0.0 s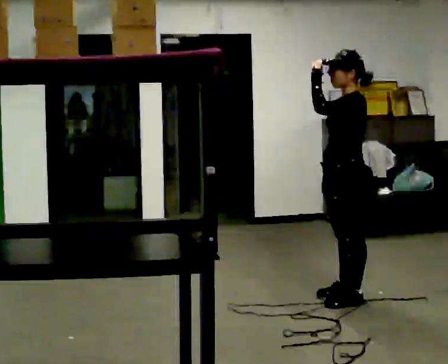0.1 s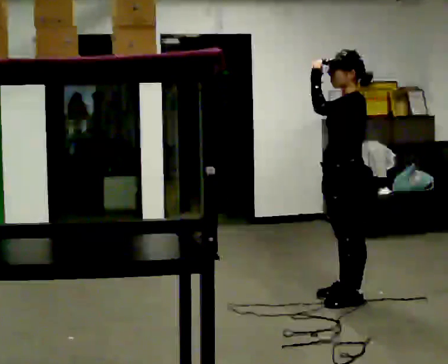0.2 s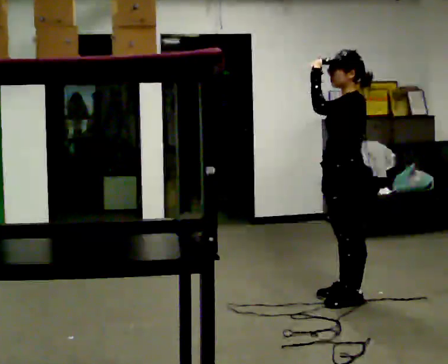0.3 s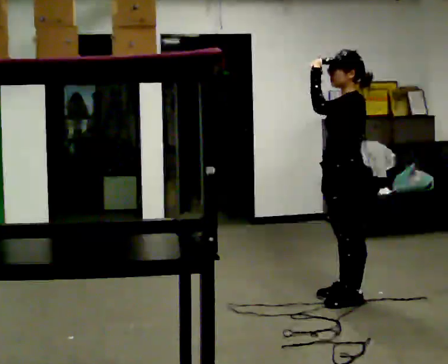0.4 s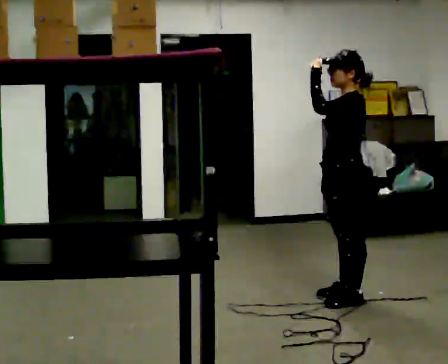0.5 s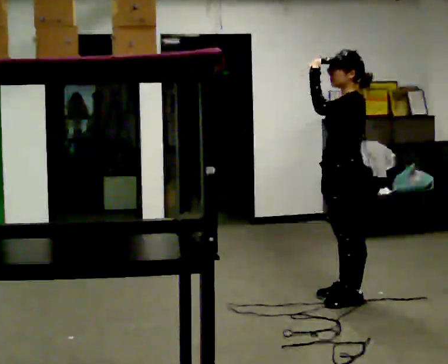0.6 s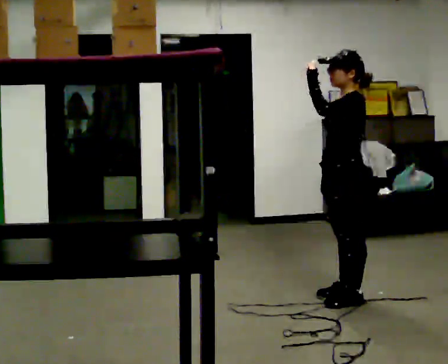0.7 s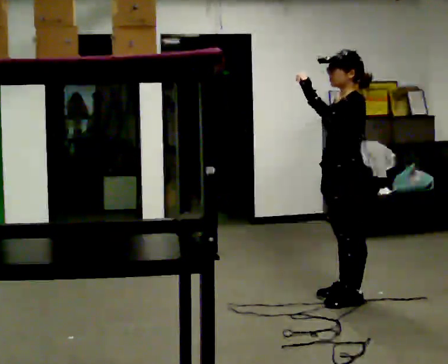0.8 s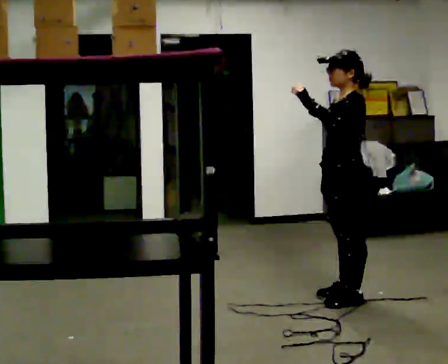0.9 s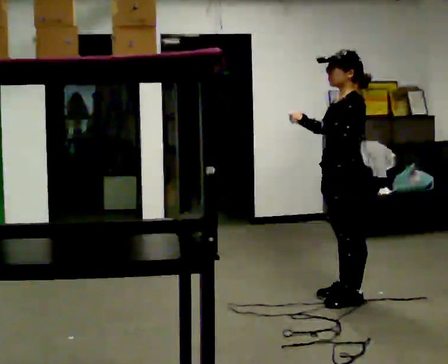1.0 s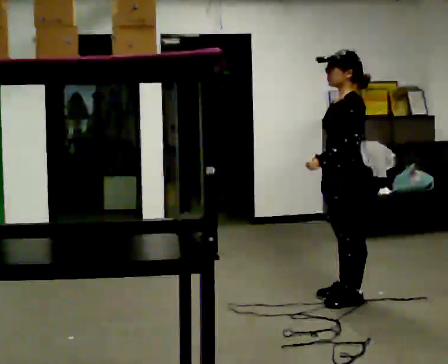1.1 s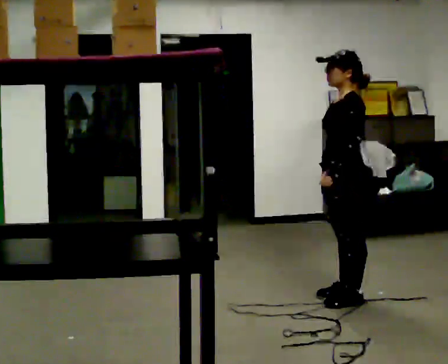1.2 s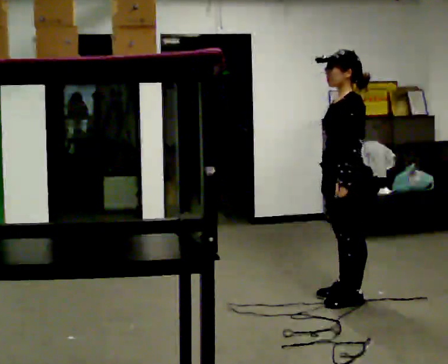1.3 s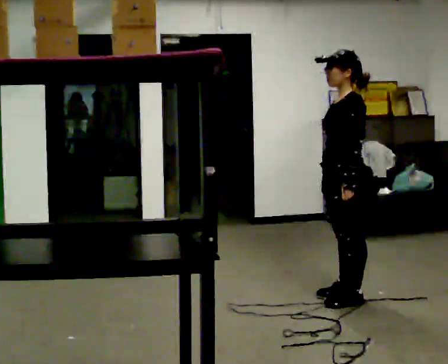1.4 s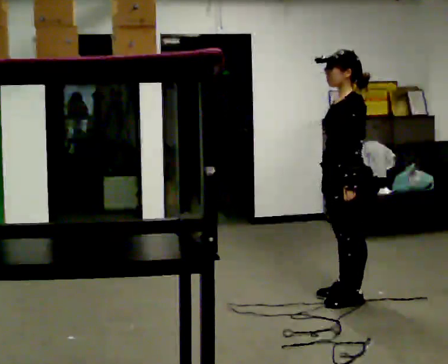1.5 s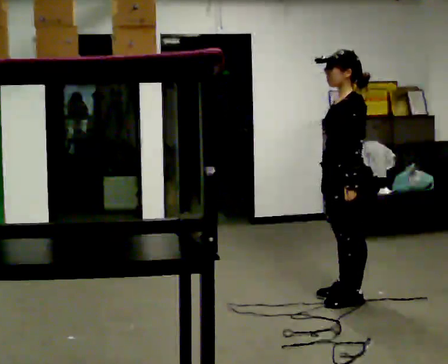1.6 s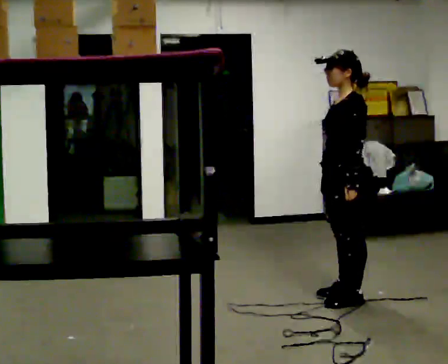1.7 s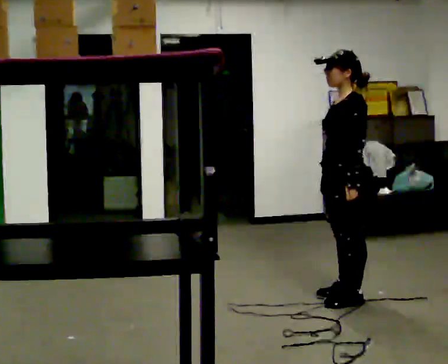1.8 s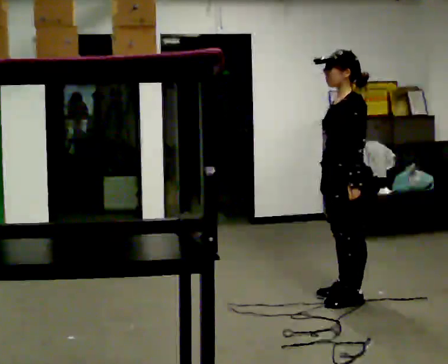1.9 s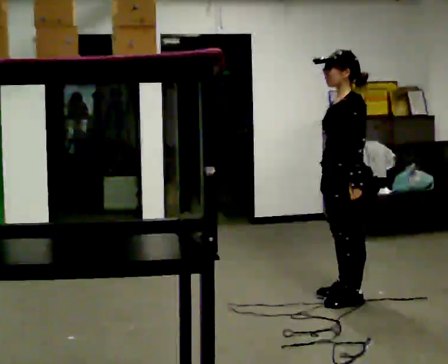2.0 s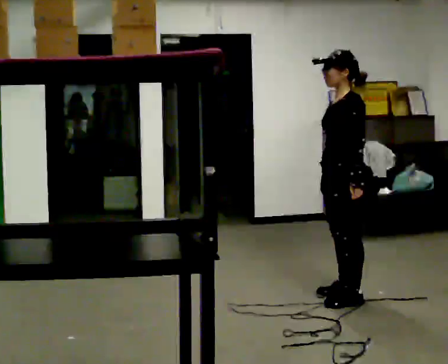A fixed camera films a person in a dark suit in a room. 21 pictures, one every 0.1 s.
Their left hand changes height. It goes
downward.
0.0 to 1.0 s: In the picture their left hand goes downward.
1.0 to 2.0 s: The person moves a little, or ends about where they began.
The film runs backward here.
